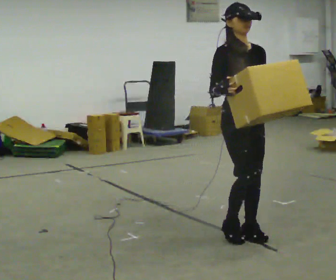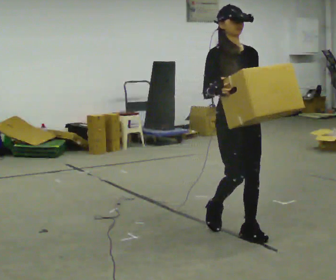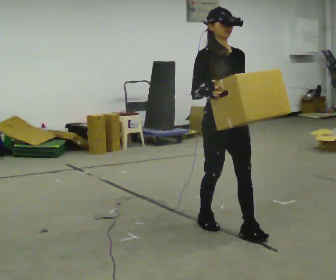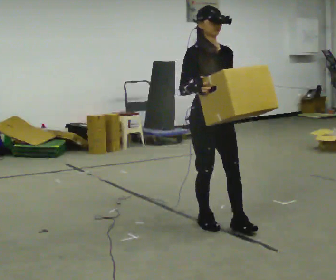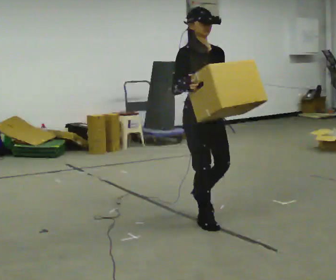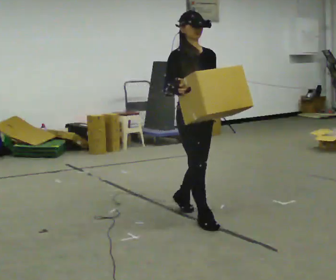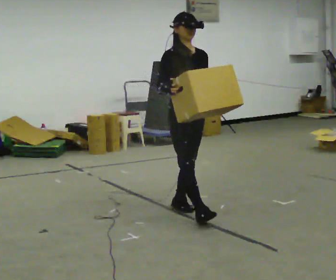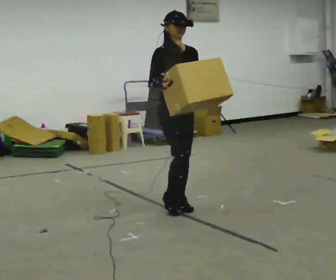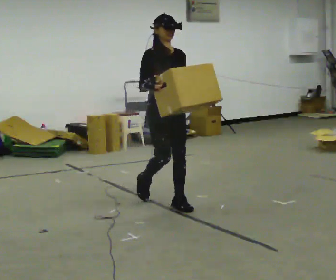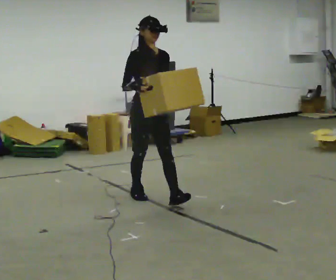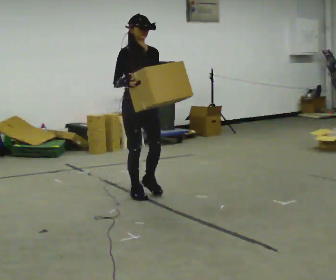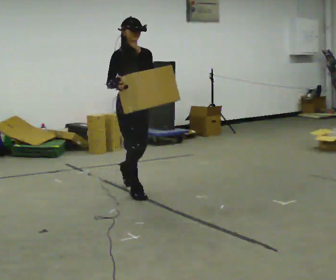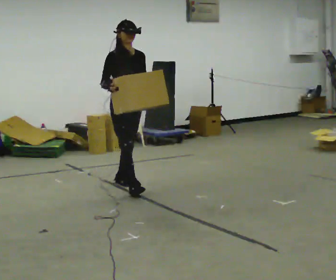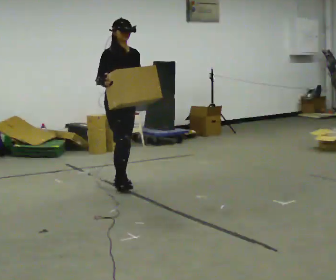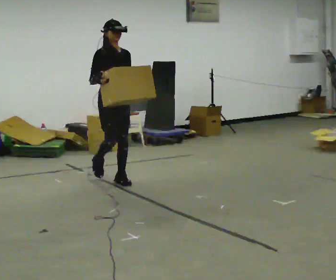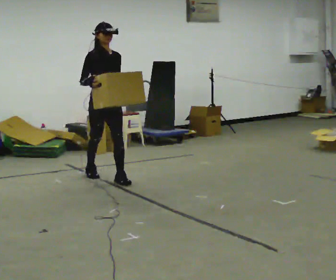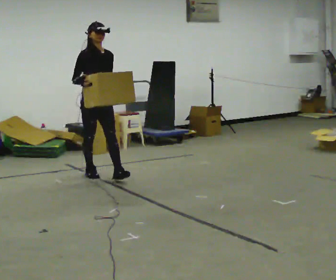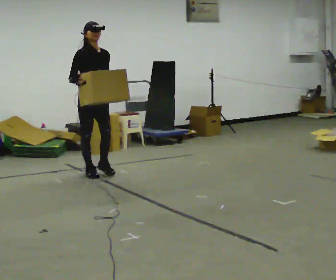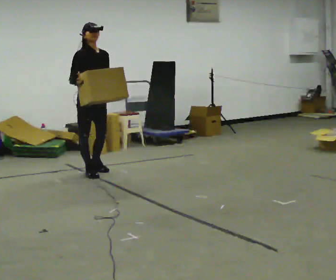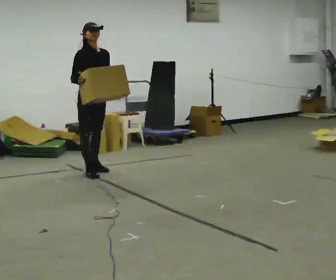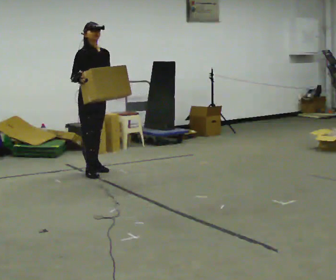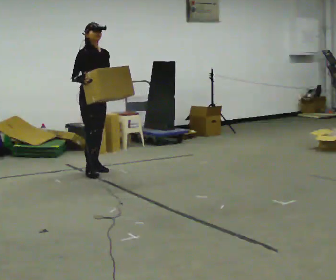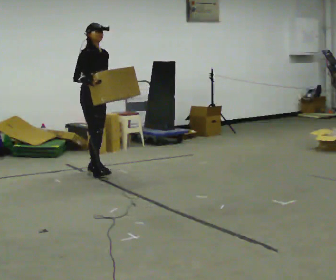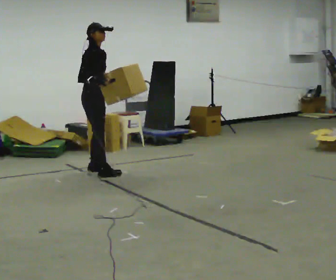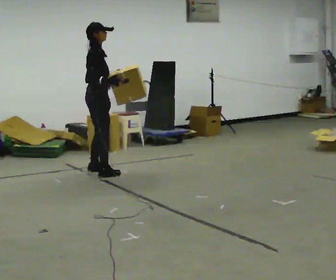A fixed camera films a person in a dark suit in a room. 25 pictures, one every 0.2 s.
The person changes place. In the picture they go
away from the camera.
0.0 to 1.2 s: In the picture they go away from the camera and to the left, about 0.75 m in 2 steps, which for them is backward.
1.2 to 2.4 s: In the picture they go away from the camera and to the left, about 1 m in 1 step, which for them is backward.
2.4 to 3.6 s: In the picture they go away from the camera and to the left, about 0.5 m in 2 steps, which for them is backward.
3.6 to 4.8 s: Seen from above the body turns counterclockwise, about 60 degrees: to their left, with its near side sliding to the right. In the picture their right hand goes to the right.
The film runs backward here.
